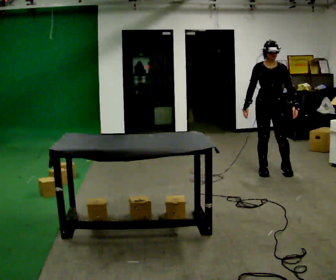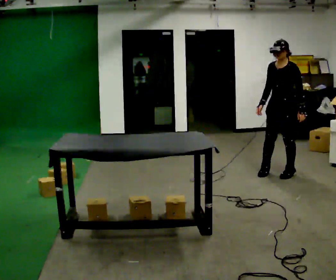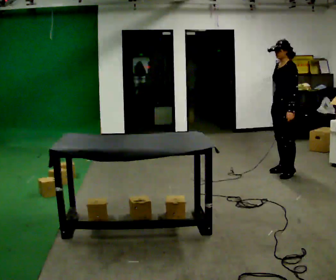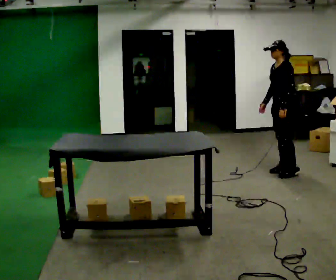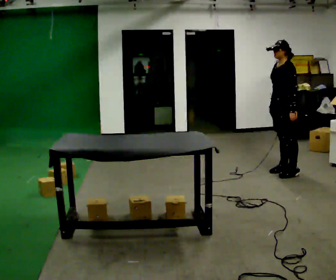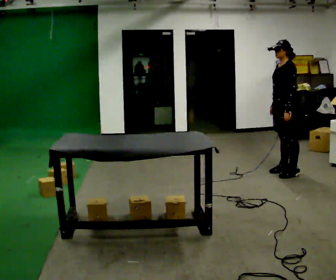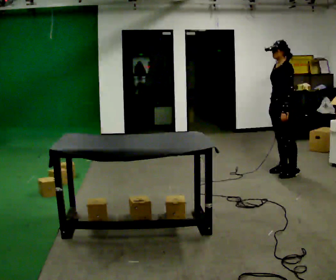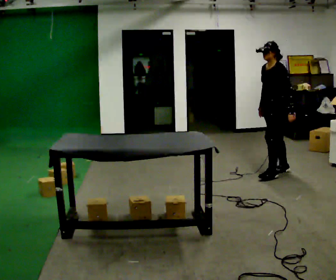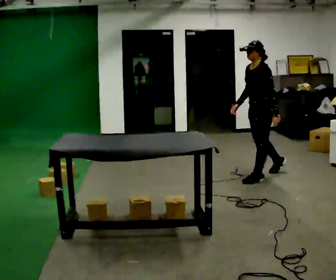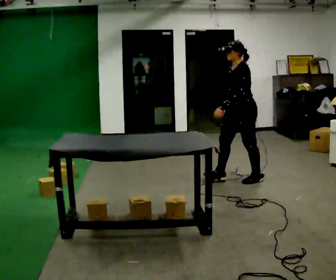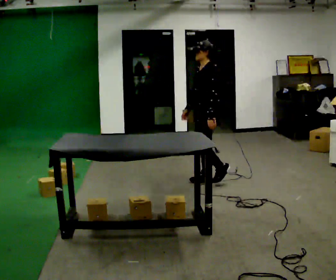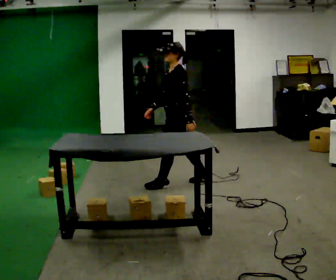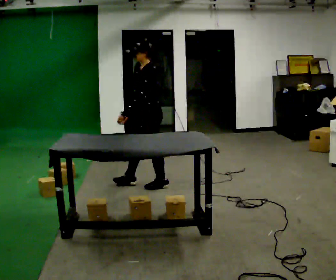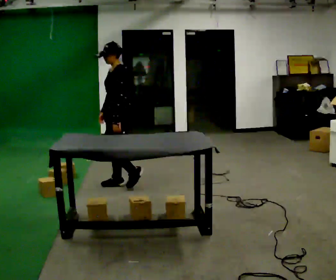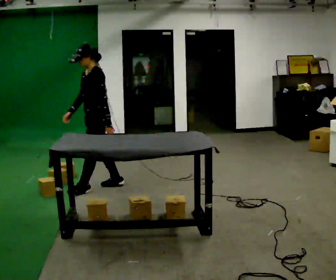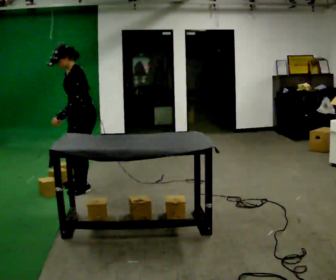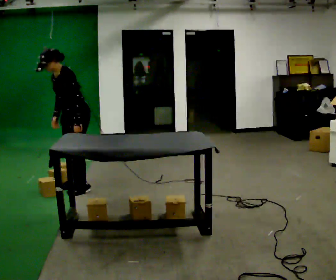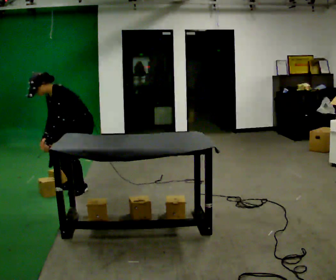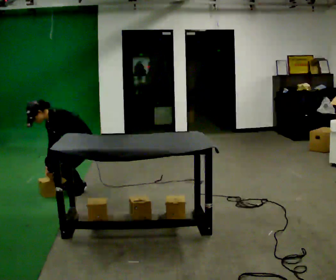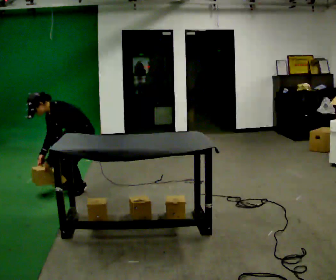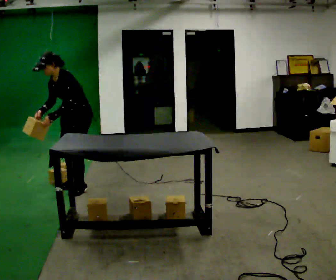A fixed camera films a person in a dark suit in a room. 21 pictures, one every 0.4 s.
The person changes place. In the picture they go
to the left.
0.0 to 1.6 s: The person turns about 60 degrees to their right, clockwise seen from above, so the part of the body nearest the lens slides to the left. In the picture they go to the right, about 0.25 m in 2 steps. In the picture their right hand goes to the right.
1.6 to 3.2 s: In the picture they go to the left and toward the camera, about 0.25 m in 1 step, which for them is forward.
3.2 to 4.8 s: In the picture they go to the left, about 1.5 m in 2 steps, which for them is forward.
4.8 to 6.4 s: The part of the body nearest the lens slides to the right as the person turns to their left by about 30 degrees. In the picture they go to the left, about 0.5 m in 3 steps, which for them is forward. In the picture the upper body tilts counterclockwise, shoulders to the left, as they bend forward.
6.4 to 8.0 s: The person moves a little, or ends about where they began.
The film runs forward here.
